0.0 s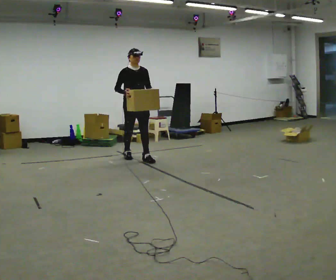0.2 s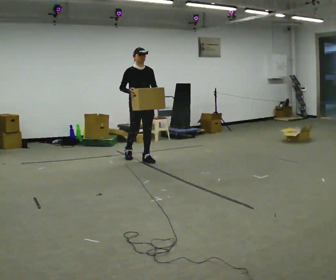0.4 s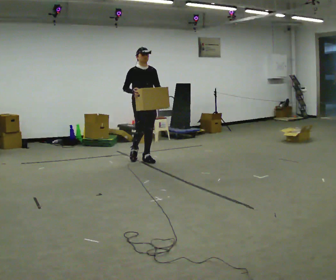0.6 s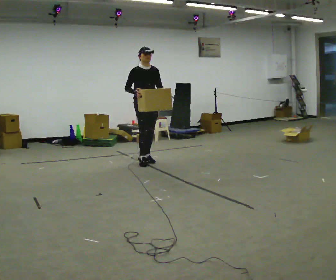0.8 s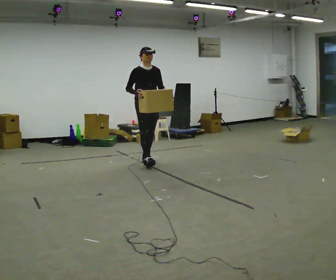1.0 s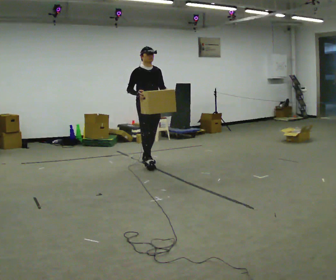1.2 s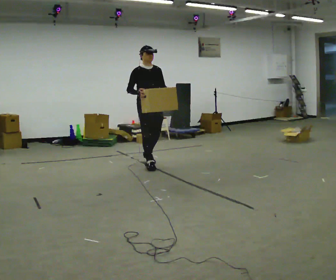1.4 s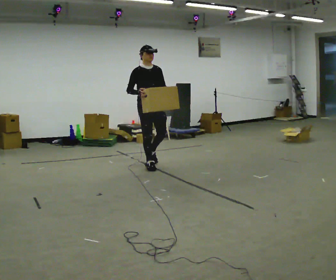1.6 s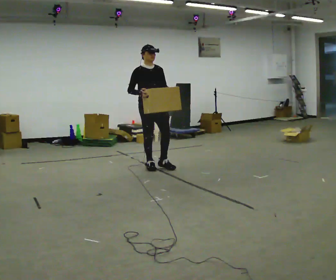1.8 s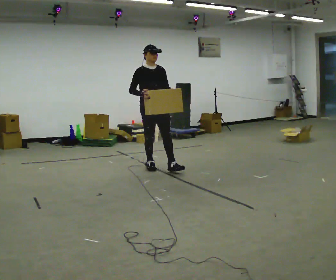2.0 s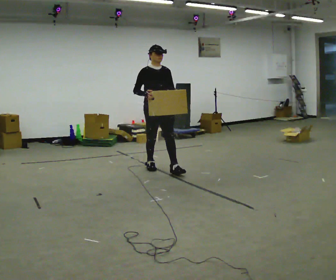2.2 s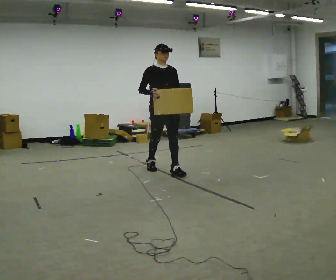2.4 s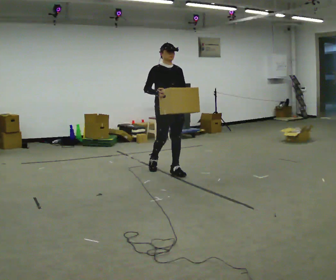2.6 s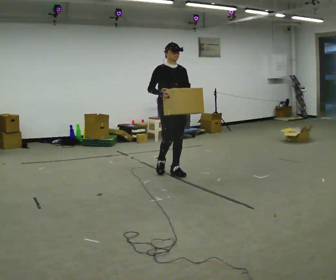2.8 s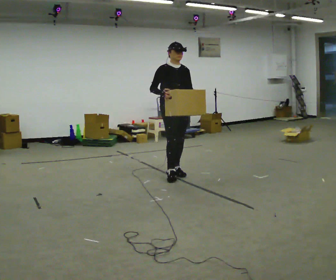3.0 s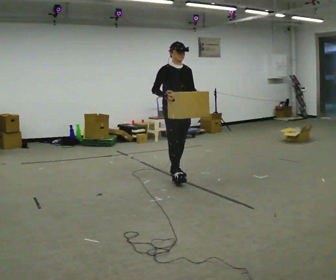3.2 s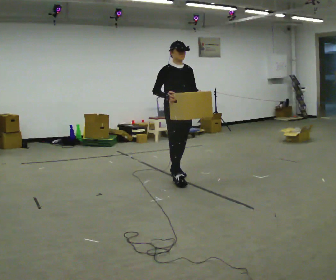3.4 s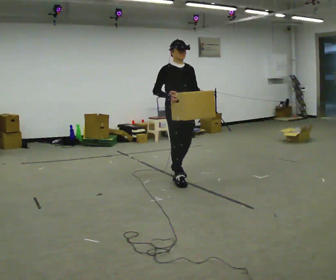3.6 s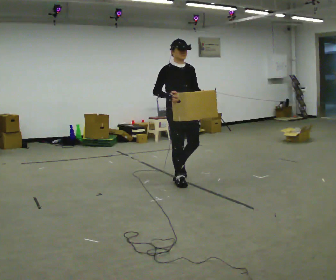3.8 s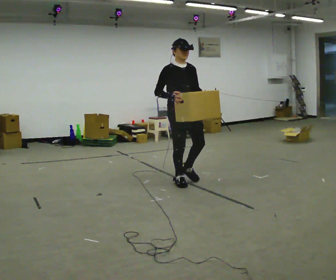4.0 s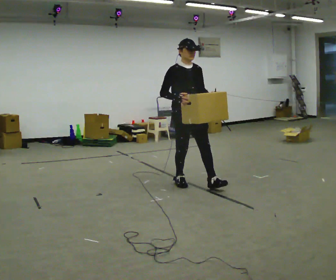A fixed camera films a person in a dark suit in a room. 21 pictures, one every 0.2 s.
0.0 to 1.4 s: In the picture they go toward the camera and to the right, about 0.5 m in 1 step, which for them is forward.
1.4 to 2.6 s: In the picture they go toward the camera and to the right, about 0.5 m in 1 step, which for them is forward.
2.6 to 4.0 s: In the picture they go toward the camera, about 0.5 m in 1 step, which for them is forward.
The film runs forward here.
